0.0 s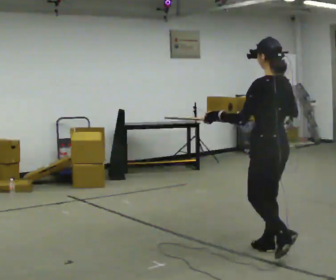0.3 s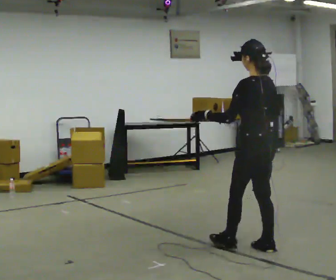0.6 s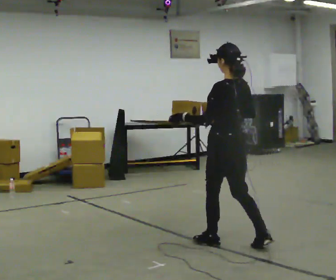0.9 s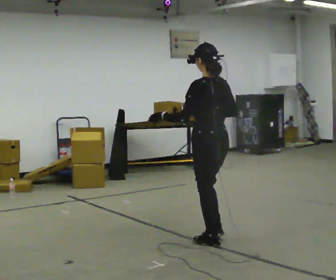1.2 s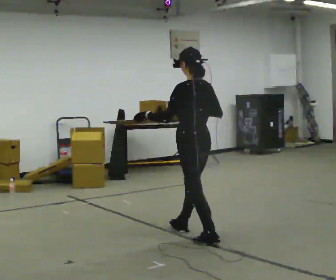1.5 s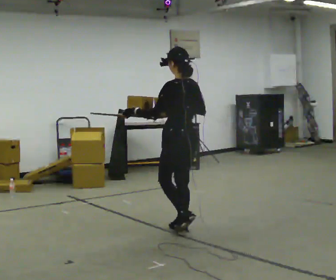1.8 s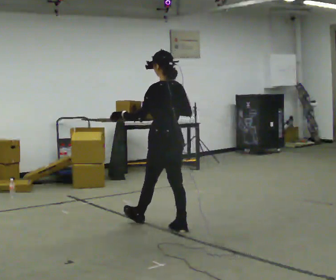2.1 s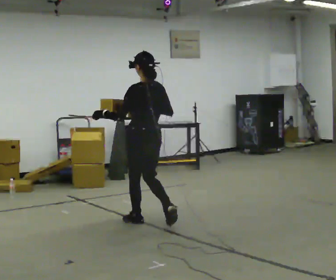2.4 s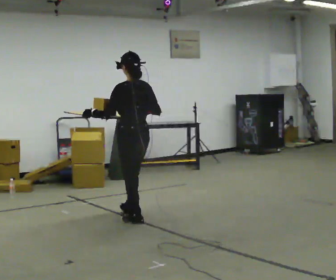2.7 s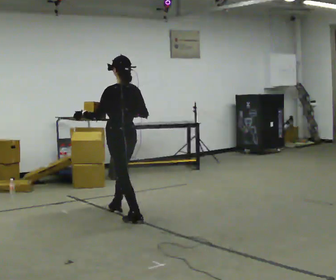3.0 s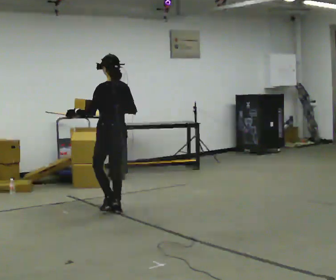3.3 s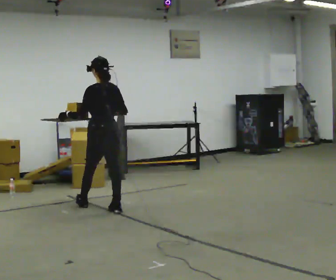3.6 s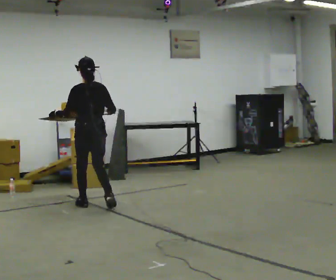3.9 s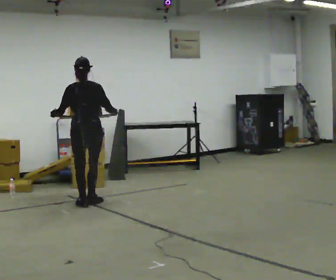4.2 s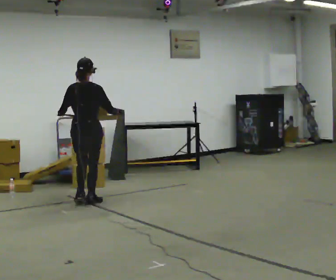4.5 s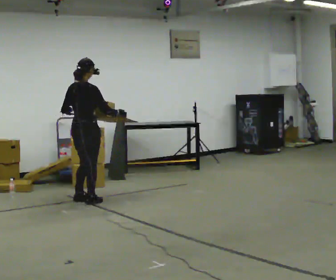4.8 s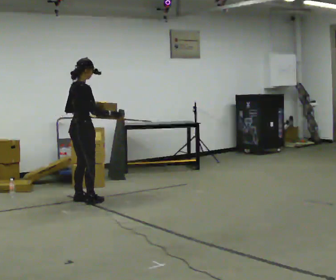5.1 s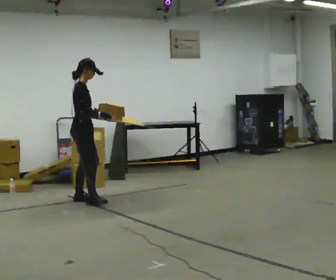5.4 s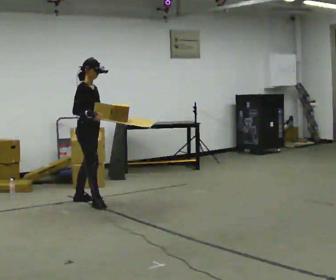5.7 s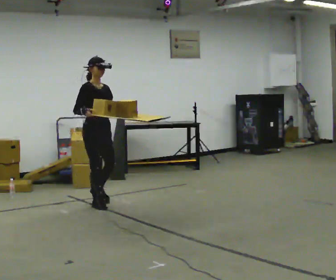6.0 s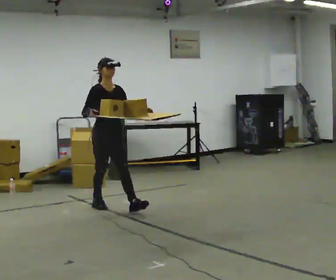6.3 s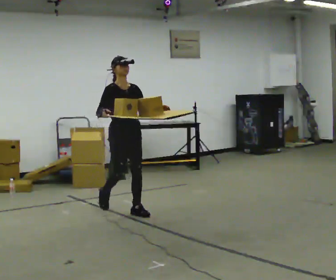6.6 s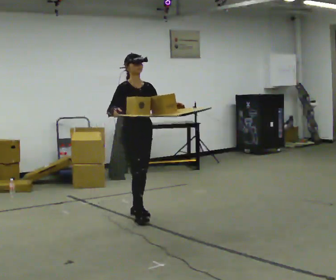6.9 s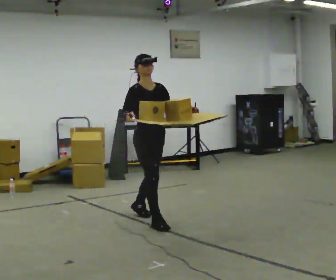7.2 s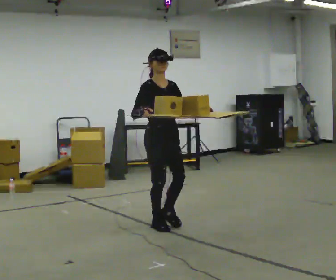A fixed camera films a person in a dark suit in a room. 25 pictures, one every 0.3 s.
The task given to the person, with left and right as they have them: Carry the open tray of loose items across the room, back and forth, trying not to let anything fall out.
0.0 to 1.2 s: In the picture they go away from the camera and to the left, about 1 m in 2 steps, which for them is forward.
1.2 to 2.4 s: In the picture they go away from the camera and to the left, about 1 m in 1 step, which for them is forward.
2.4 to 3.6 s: In the picture they go away from the camera and to the left, about 1 m in 2 steps, which for them is forward.
3.6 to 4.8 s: The part of the body nearest the lens slides to the left as the person turns to their right by about 90 degrees. In the picture they go away from the camera, about 0.25 m in 2 steps.
4.8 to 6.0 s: The person turns about 75 degrees to their right, clockwise seen from above, so the part of the body nearest the lens slides to the left. In the picture they go toward the camera and to the right, about 0.5 m.
6.0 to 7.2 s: In the picture they go toward the camera and to the right, about 1 m in 2 steps, which for them is forward.
The film runs forward here.
